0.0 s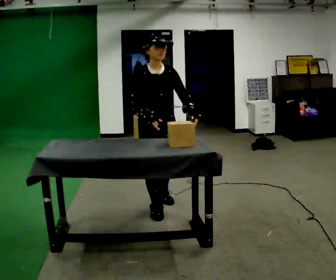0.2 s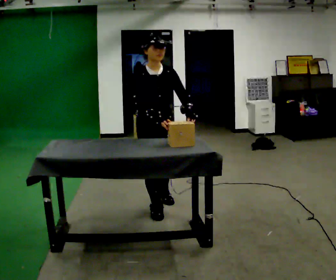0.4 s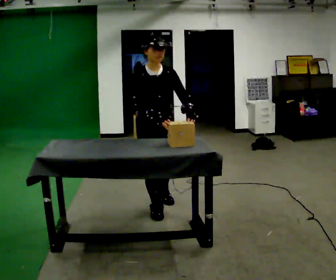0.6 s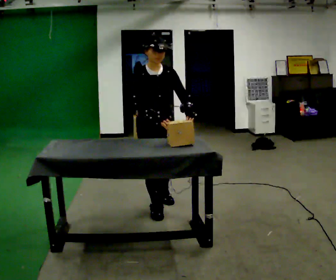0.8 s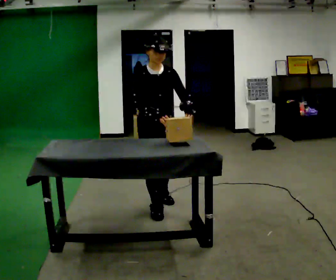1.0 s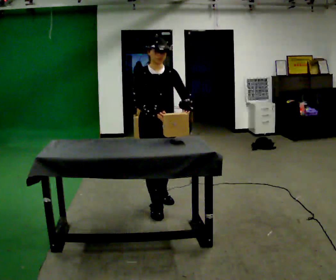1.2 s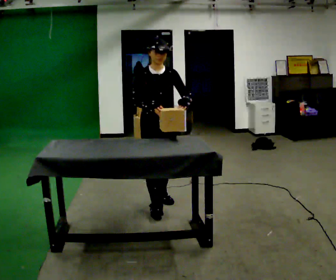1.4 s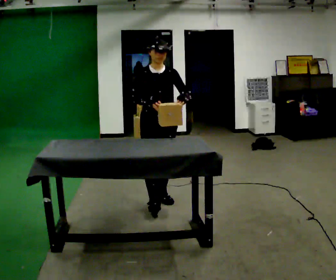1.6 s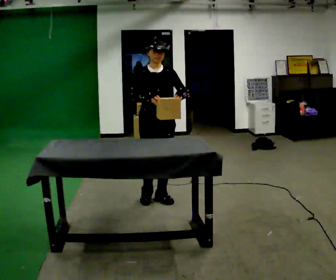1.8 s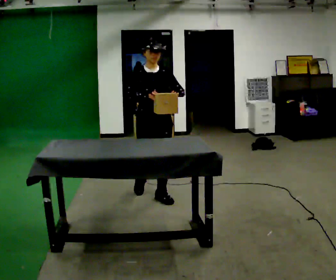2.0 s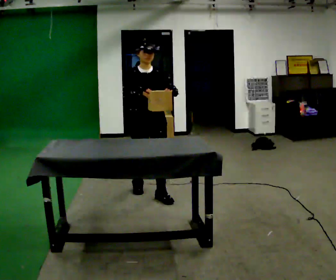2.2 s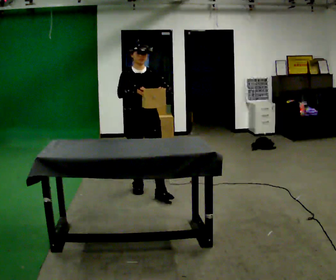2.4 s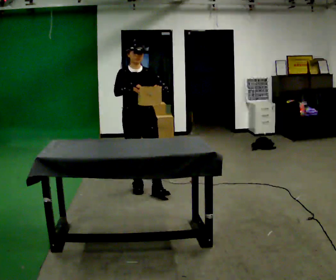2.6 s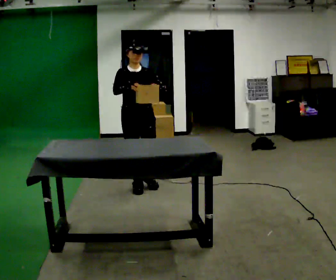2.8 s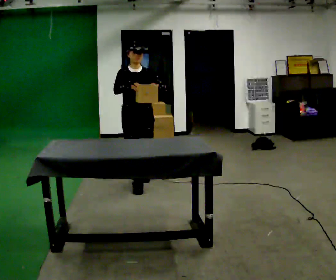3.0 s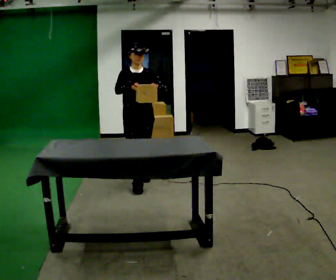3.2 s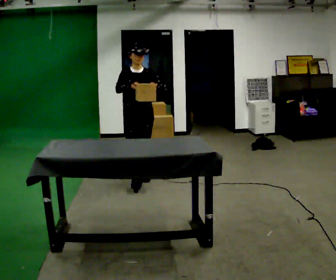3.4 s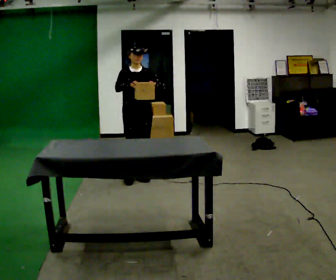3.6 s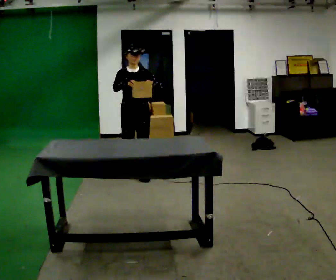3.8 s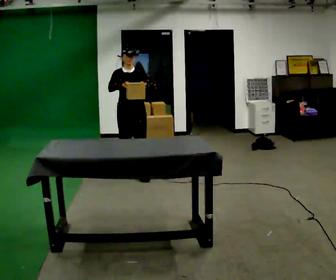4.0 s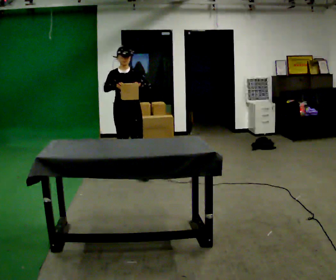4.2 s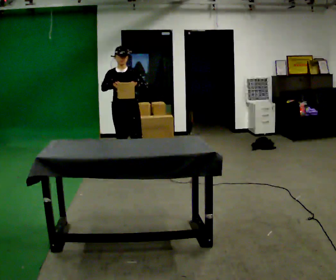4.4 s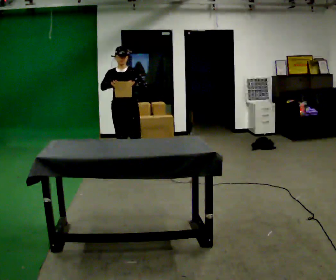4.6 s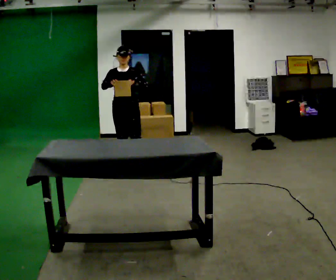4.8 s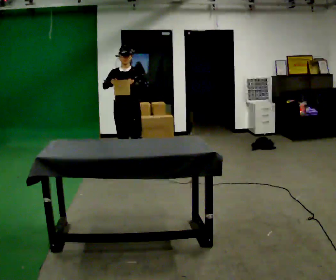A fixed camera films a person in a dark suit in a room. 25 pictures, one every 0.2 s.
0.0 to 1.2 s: The person moves a little, or ends about where they began.
1.2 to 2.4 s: In the picture they go away from the camera and to the left, about 0.5 m in 2 steps, which for them is backward.
2.4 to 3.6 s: In the picture they go away from the camera, about 0.5 m in 1 step, which for them is backward.
3.6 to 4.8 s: In the picture they go away from the camera, about 0.25 m in 1 step, which for them is backward.
The film runs backward here.
